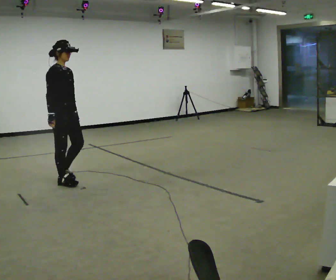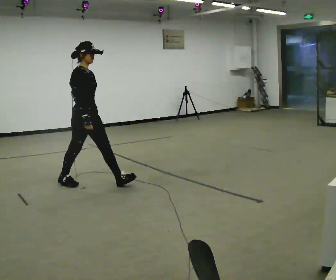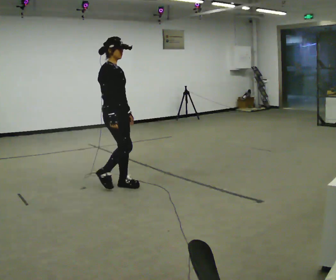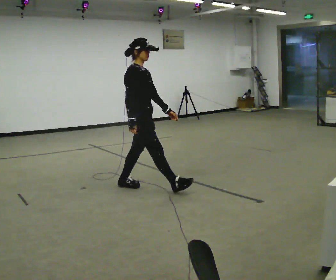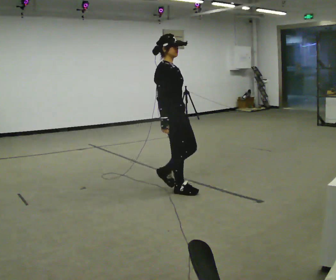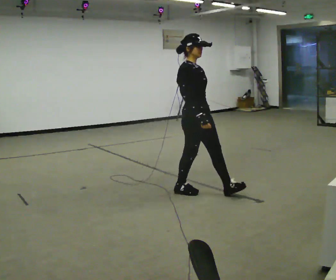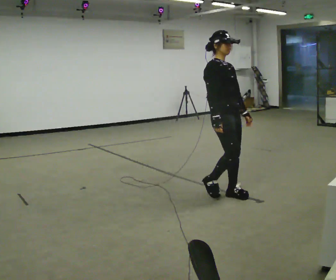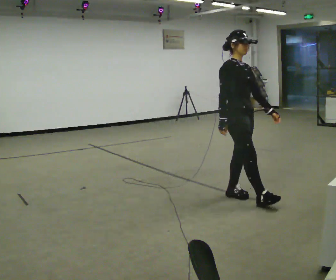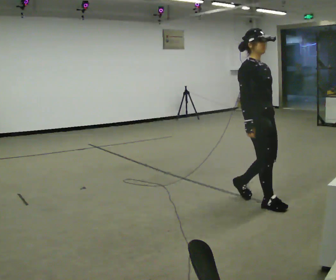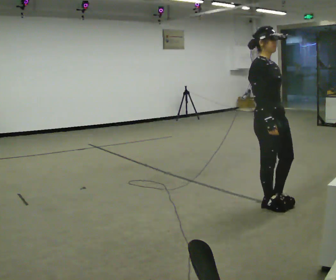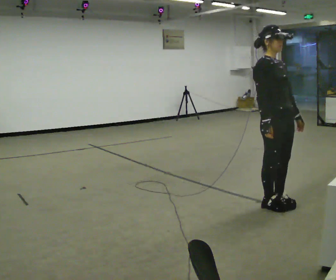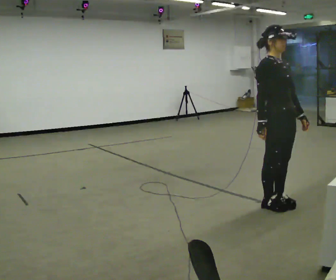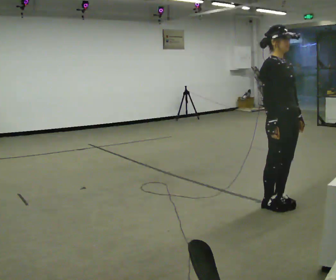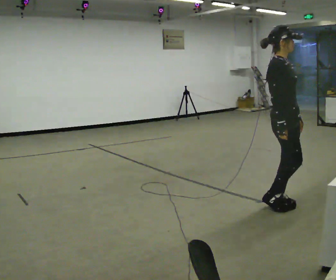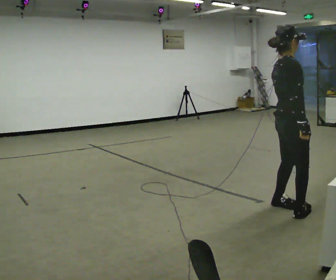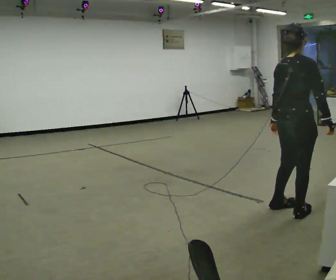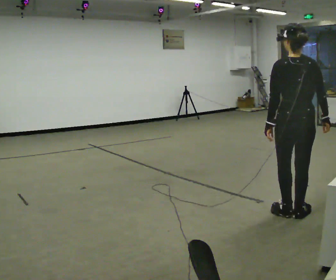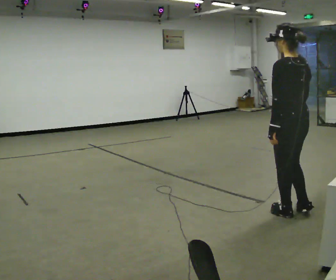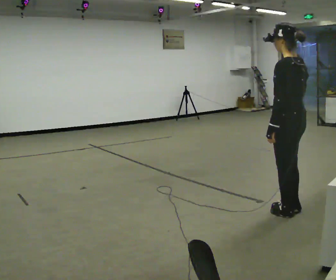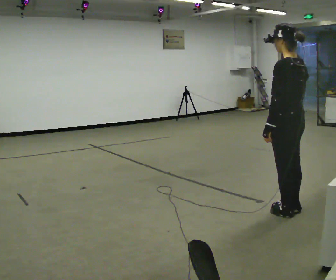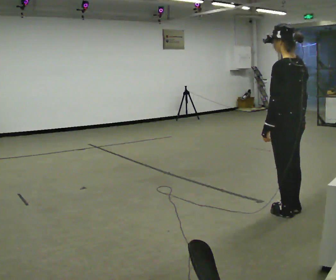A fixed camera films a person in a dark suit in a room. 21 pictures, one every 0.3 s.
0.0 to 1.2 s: In the picture they go to the right, about 1 m in 2 steps, which for them is forward.
1.2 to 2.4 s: The person turns about 30 degrees to their right, clockwise seen from above, so the part of the body nearest the lens slides to the left. In the picture they go to the right, about 1 m in 2 steps, which for them is forward.
2.4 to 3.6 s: In the picture they go to the right, about 0.25 m in 1 step, which for them is forward.
3.6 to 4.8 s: The person turns about 135 degrees to their left, counterclockwise seen from above, so the part of the body nearest the lens slides to the right. In the picture they go toward the camera, about 0.25 m in 2 steps.
4.8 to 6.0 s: The part of the body nearest the lens slides to the right as the person turns to their left by about 30 degrees.
The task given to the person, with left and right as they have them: Walk continuously around room; naturally change direction/speed; no manipulation.
The film runs forward here.
